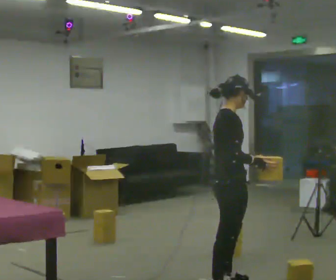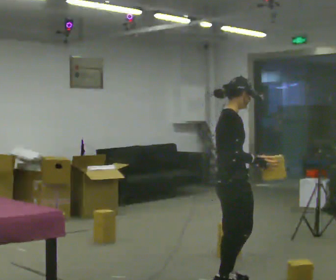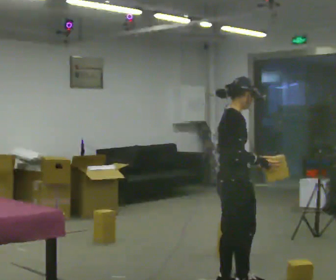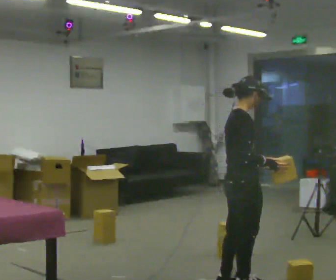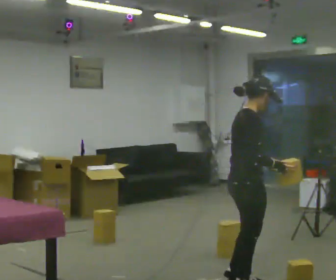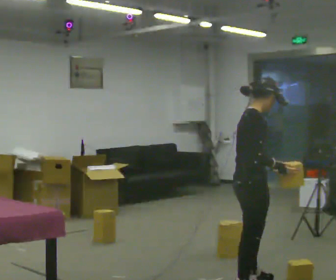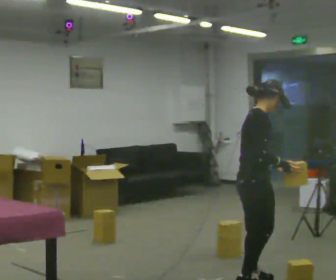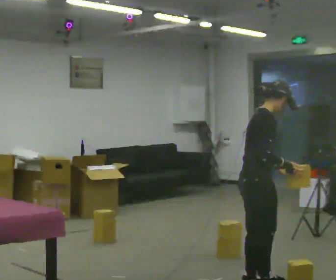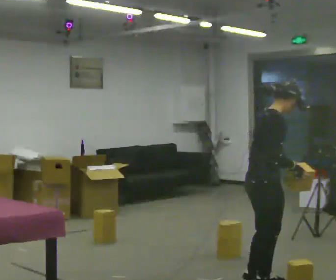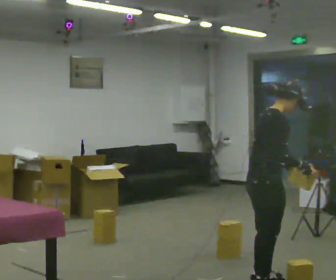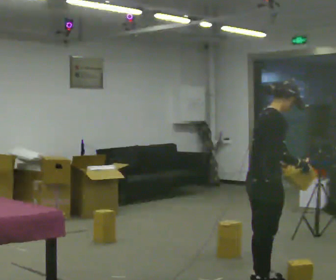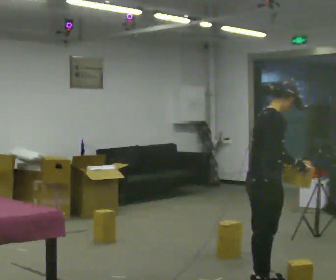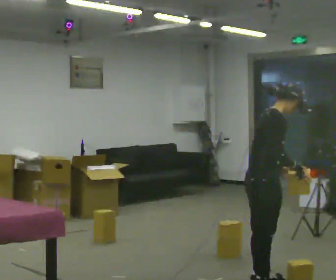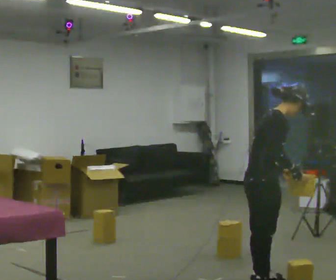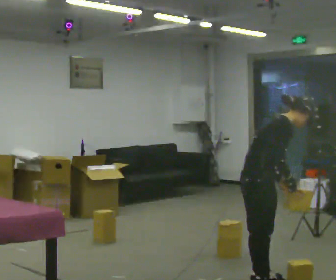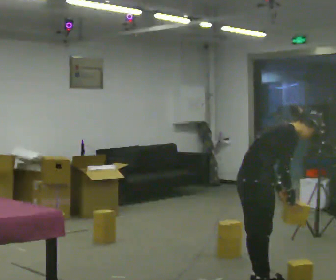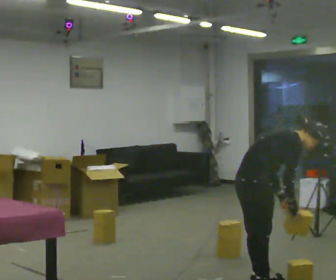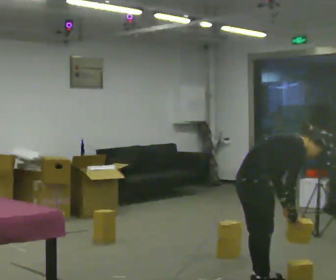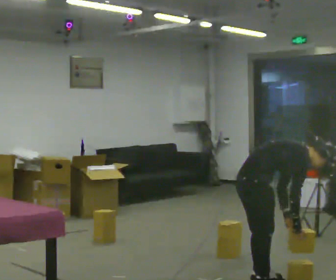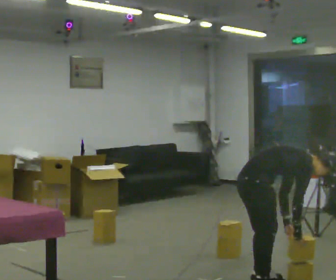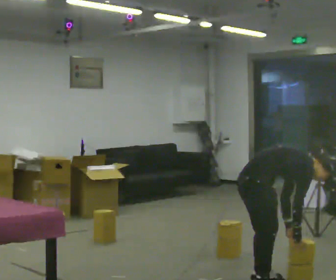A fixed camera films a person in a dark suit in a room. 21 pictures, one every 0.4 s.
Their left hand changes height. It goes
downward.
The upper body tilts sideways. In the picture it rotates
clockwise.
0.0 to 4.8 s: In the picture they go to the right, about 0.25 m in 3 steps, which for them is forward.
4.8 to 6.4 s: The shoulders move downward. In the picture the upper body tilts clockwise, shoulders to the right, as they bend forward.
6.4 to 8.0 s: The upper body goes downward. In the picture the upper body tilts clockwise, shoulders to the right, as they bend forward.
The film runs forward here.
